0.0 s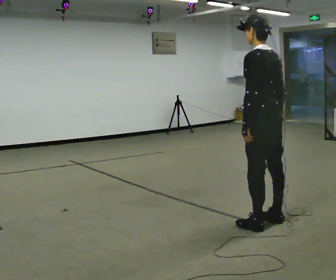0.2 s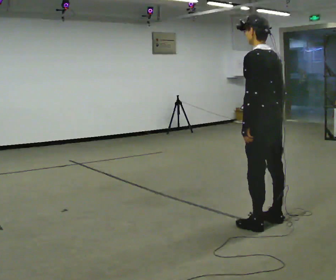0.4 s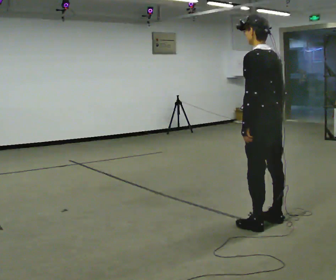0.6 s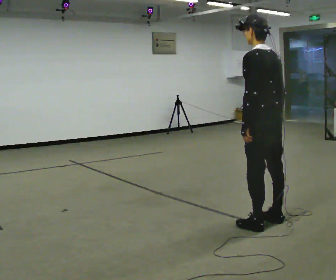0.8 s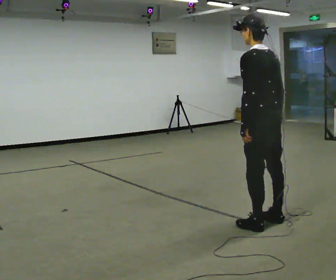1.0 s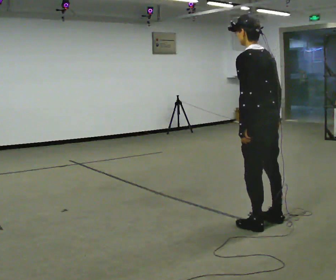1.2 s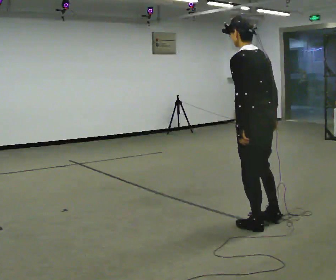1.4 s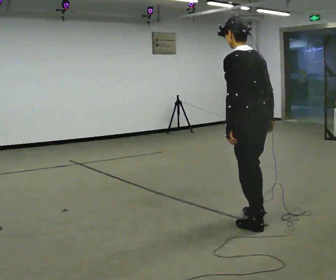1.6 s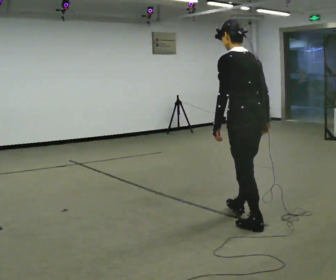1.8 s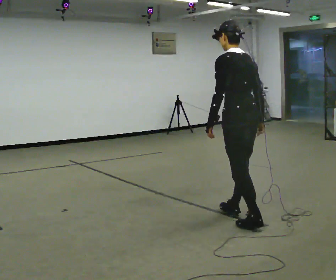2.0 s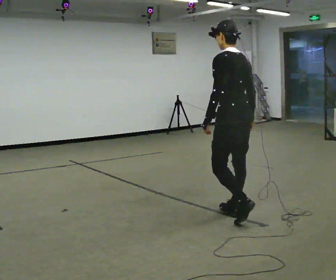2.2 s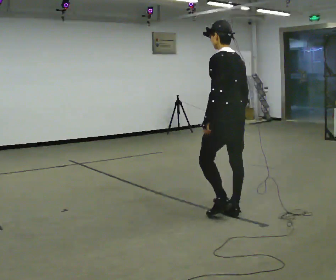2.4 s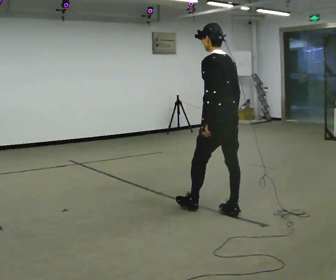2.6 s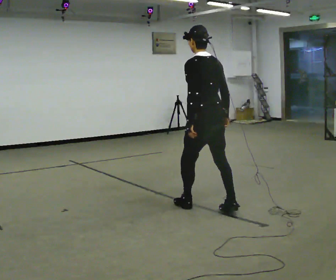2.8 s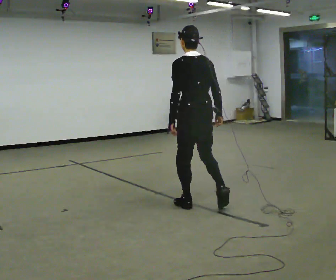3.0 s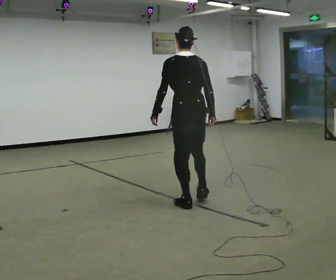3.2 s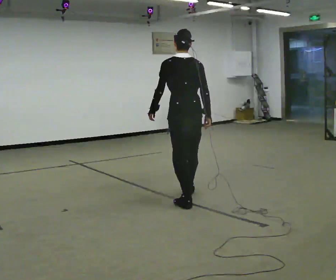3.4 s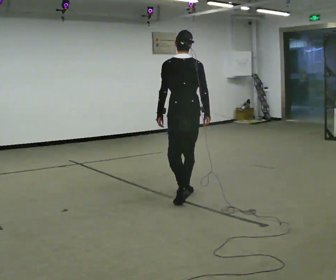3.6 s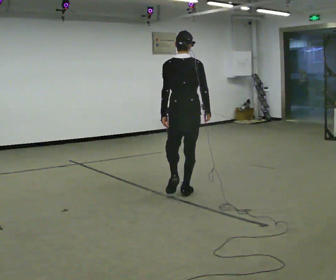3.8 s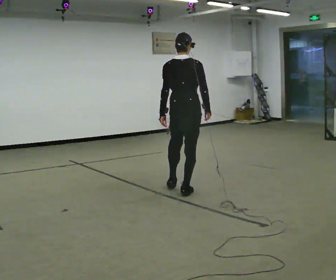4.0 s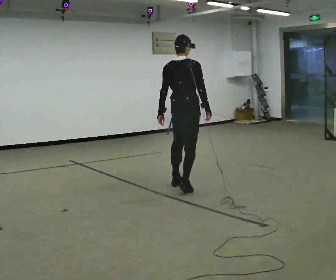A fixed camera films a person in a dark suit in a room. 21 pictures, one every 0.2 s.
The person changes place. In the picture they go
away from the camera.
0.0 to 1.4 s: The person moves a little, or ends about where they began.
1.4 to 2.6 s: In the picture they go away from the camera and to the left, about 0.75 m in 2 steps, which for them is forward.
2.6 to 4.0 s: The part of the body nearest the lens slides to the left as the person turns to their right by about 45 degrees. In the picture they go away from the camera, about 1 m in 2 steps, which for them is forward.
The film runs forward here.
